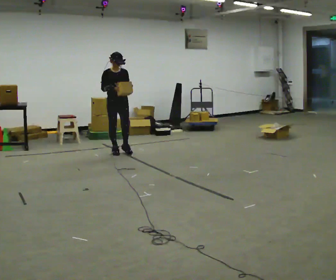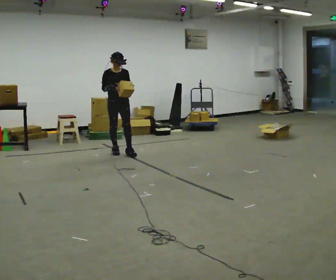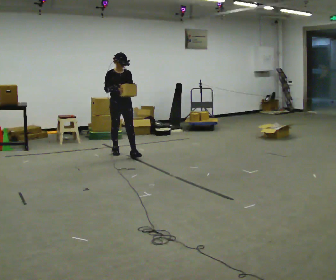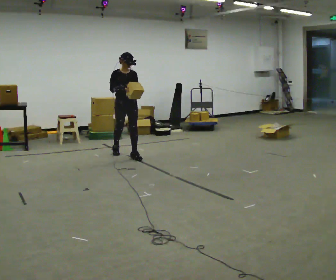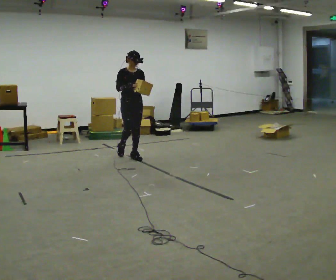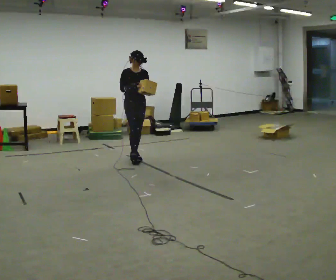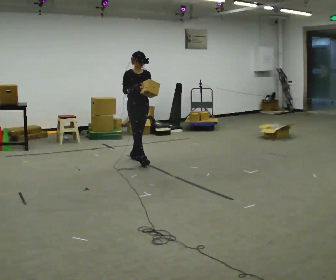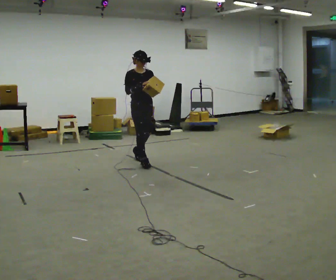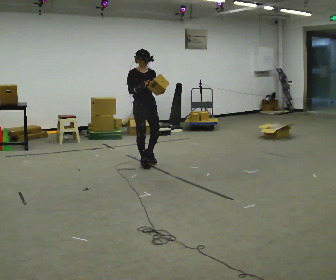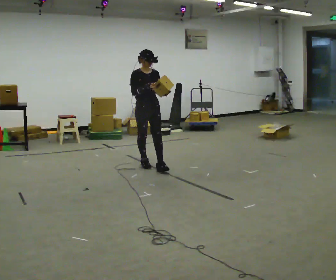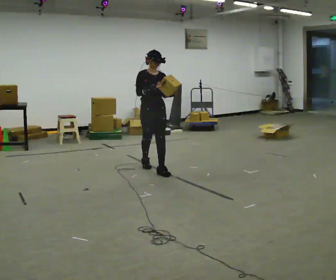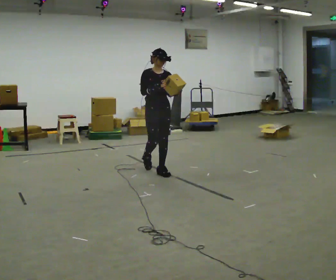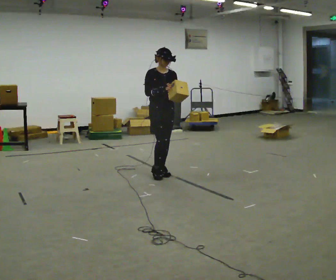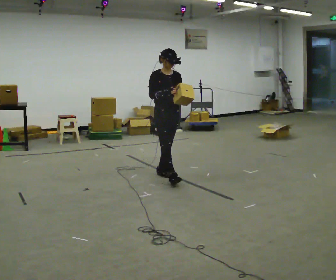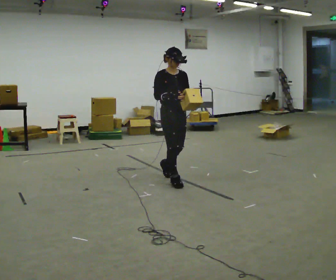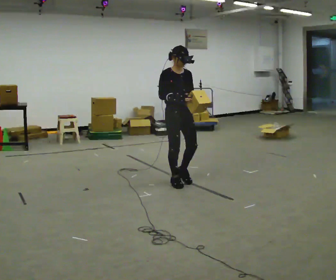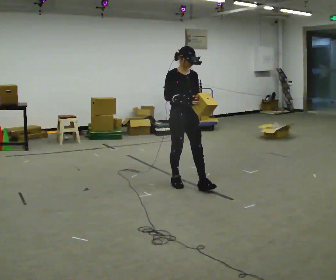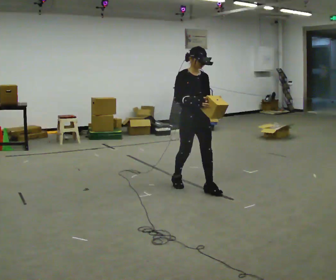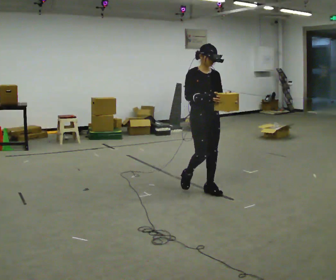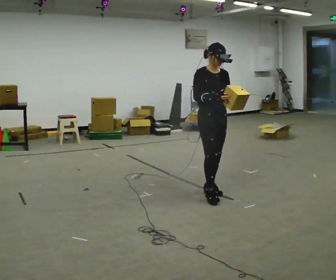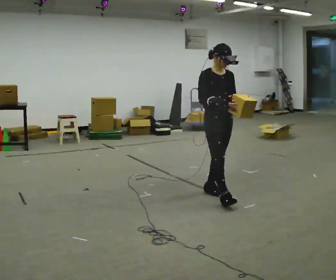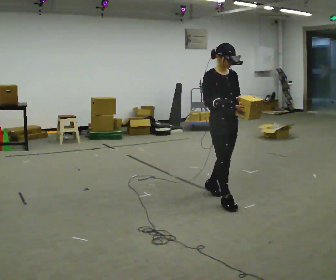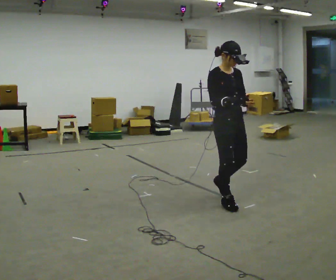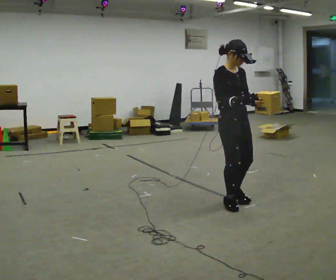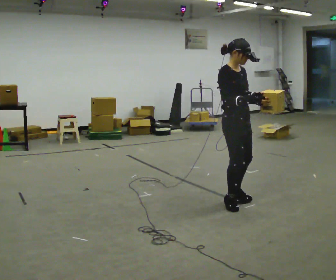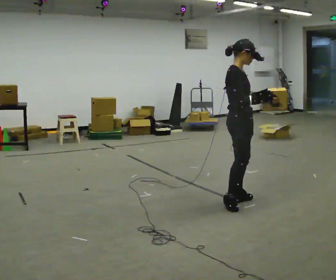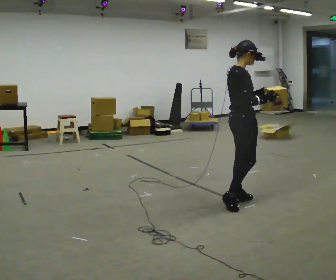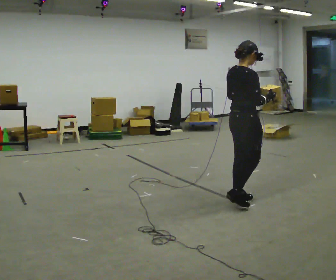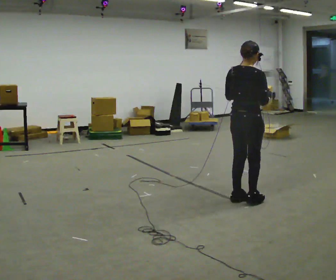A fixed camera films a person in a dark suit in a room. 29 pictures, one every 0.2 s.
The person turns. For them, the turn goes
to their left.
The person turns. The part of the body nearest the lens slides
to the right.
0.0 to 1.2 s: In the picture they go toward the camera and to the right, about 0.5 m in 2 steps, which for them is forward.
1.2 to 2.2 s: In the picture they go toward the camera and to the right, about 0.75 m in 1 step, which for them is forward.
2.2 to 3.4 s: In the picture they go toward the camera and to the right, about 1 m in 2 steps, which for them is forward.
3.4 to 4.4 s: In the picture they go toward the camera and to the right, about 0.5 m in 1 step, which for them is forward.
4.4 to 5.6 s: The person turns about 105 degrees to their left, counterclockwise seen from above, so the part of the body nearest the lens slides to the right. In the picture they go to the right, about 0.25 m in 1 step. In the picture their right hand goes to the right.
The film runs forward here.
